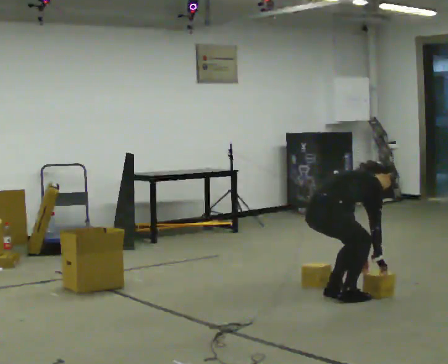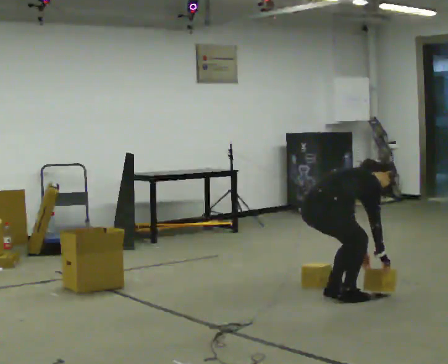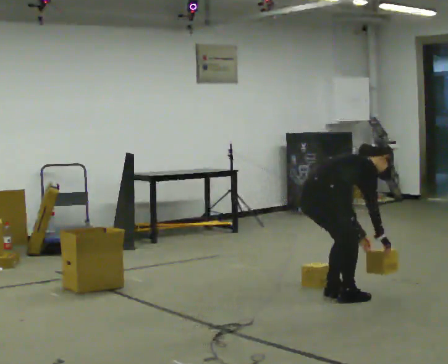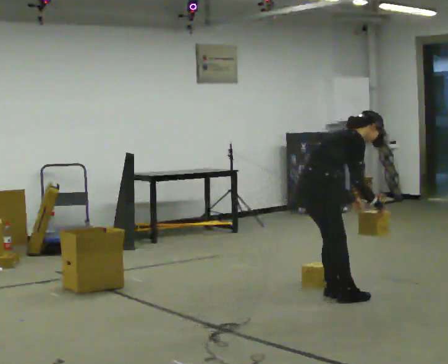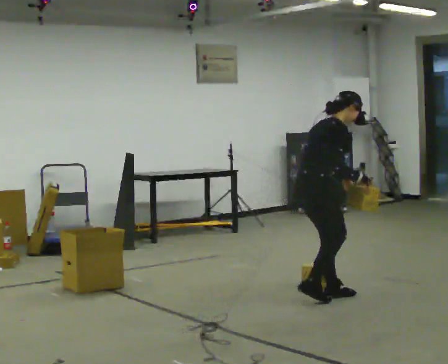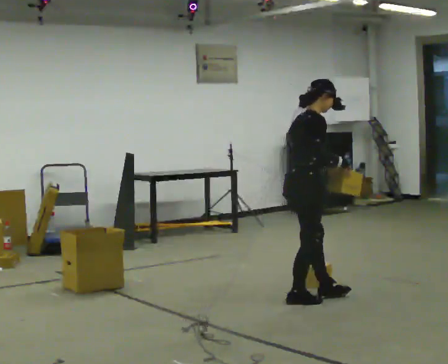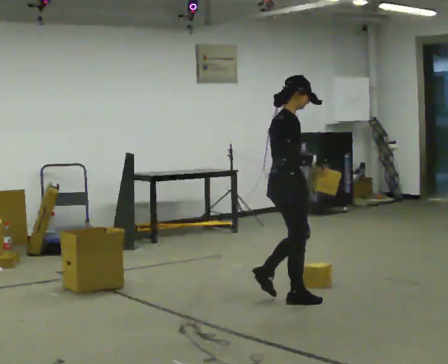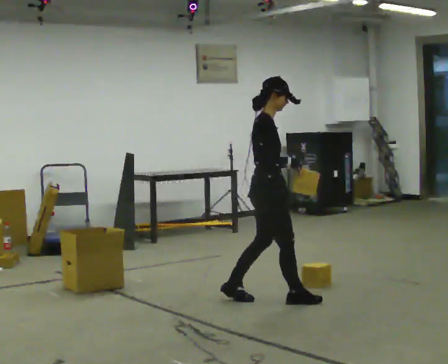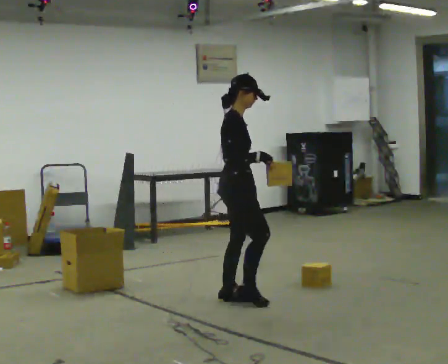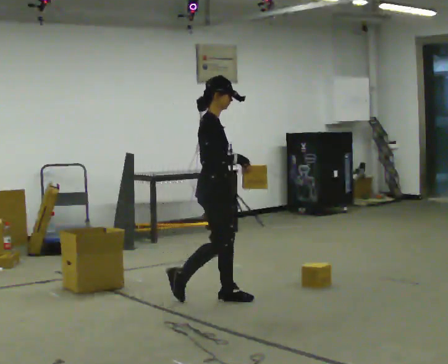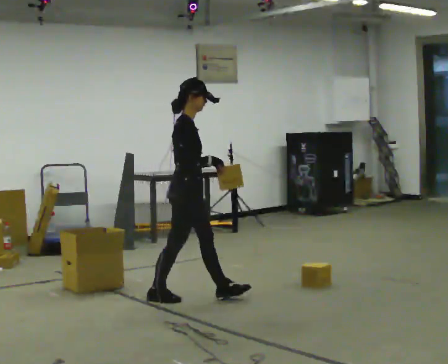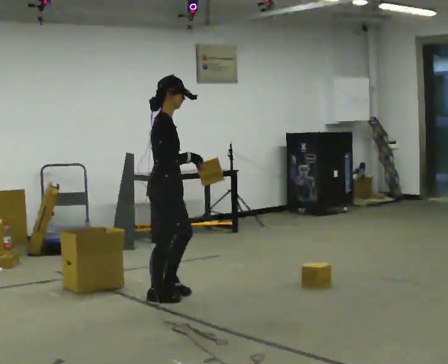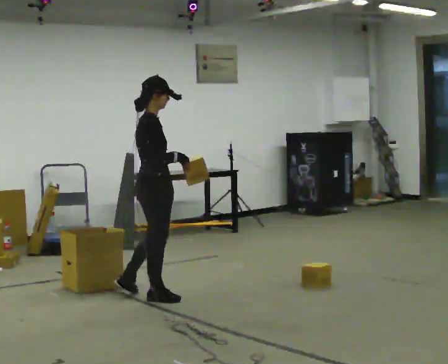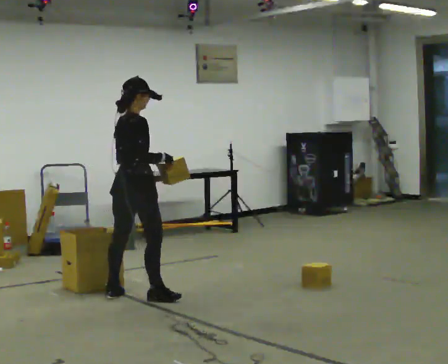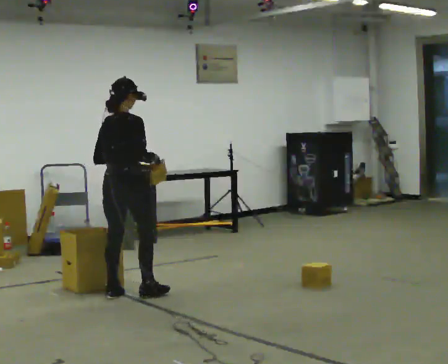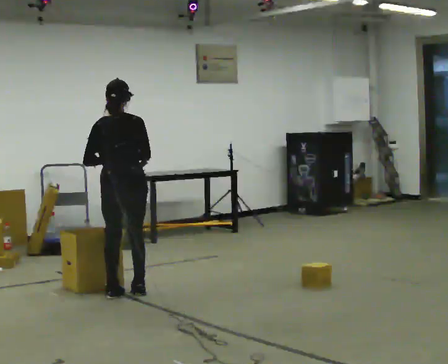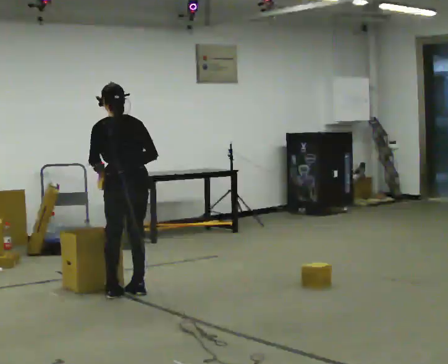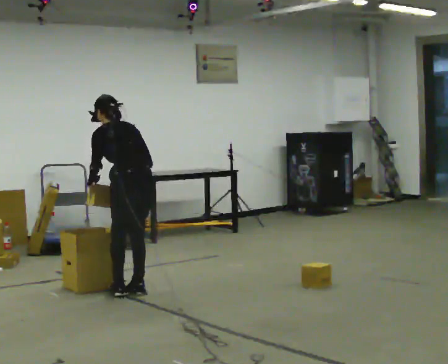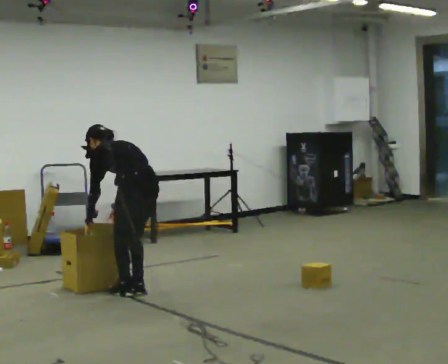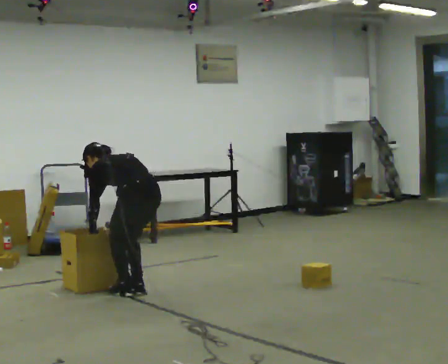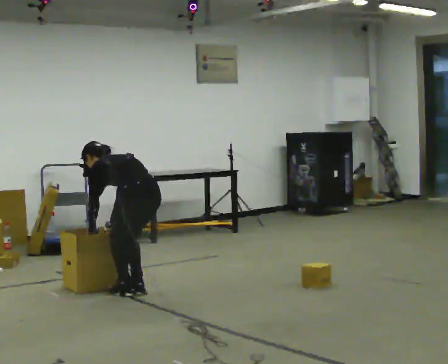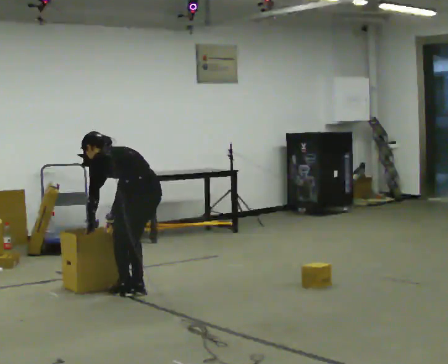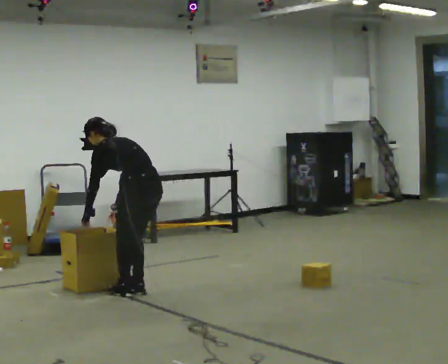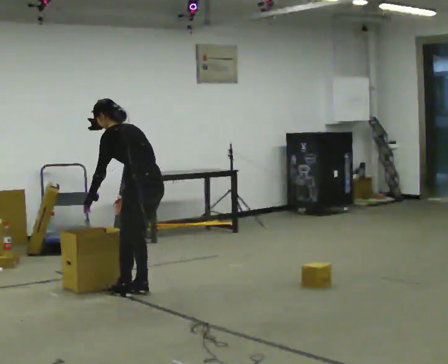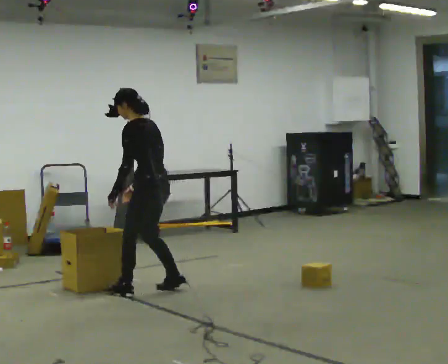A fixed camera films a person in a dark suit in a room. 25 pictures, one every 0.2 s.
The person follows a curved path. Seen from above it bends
clockwise.
0.0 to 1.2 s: In the picture they go to the left, about 0.25 m in 2 steps, which for them is backward. The upper body goes upward. In the picture the upper body tilts counterclockwise, shoulders to the left, as they lean back or straighten. In the picture their right hand goes upward.
1.2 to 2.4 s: In the picture they go to the left, about 1 m in 2 steps, which for them is backward.
2.4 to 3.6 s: The part of the body nearest the lens slides to the right as the person turns to their left by about 120 degrees. The upper body goes downward. The upper body tips away from the camera, its near side rolling upward, as they bend forward. In the picture their left hand goes to the left and downward.
3.6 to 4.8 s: The part of the body nearest the lens slides to the right as the person turns to their left by about 30 degrees.
The film runs backward here.
